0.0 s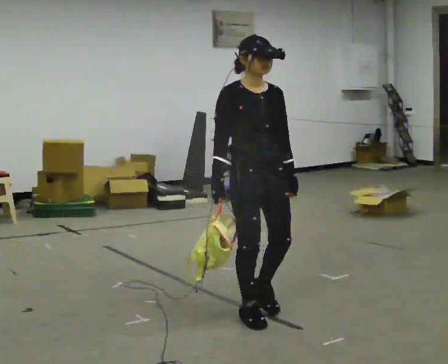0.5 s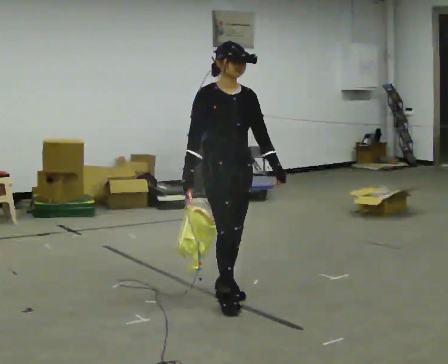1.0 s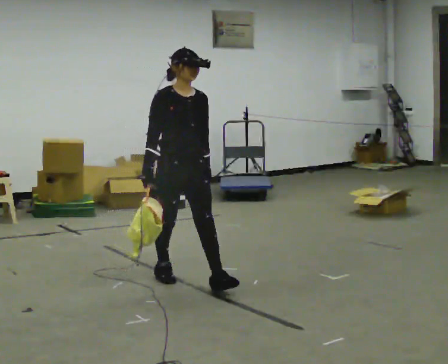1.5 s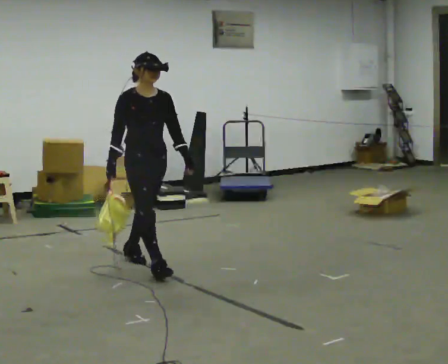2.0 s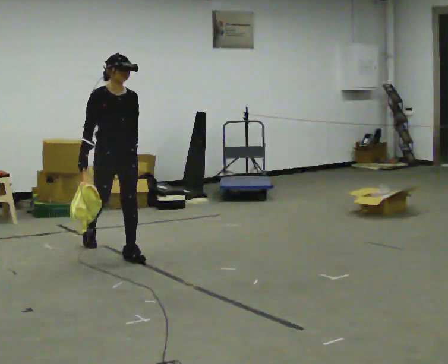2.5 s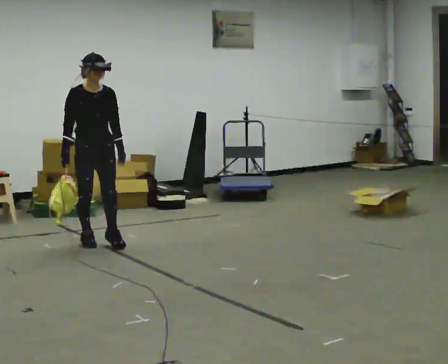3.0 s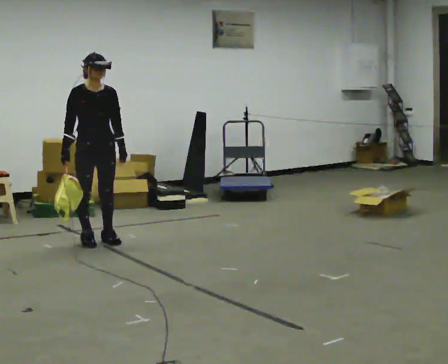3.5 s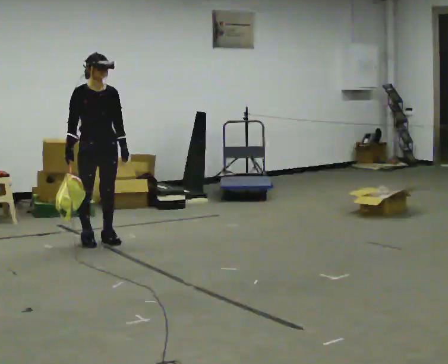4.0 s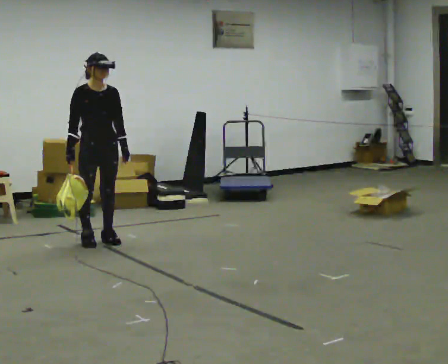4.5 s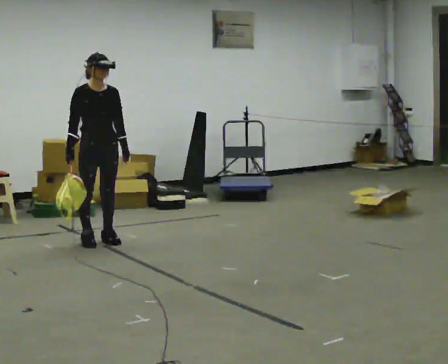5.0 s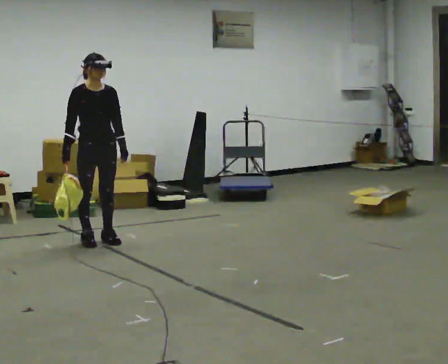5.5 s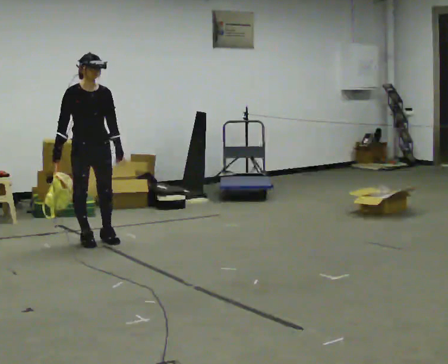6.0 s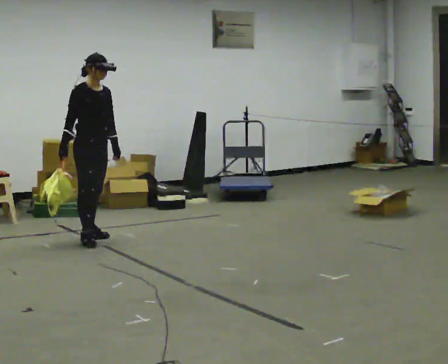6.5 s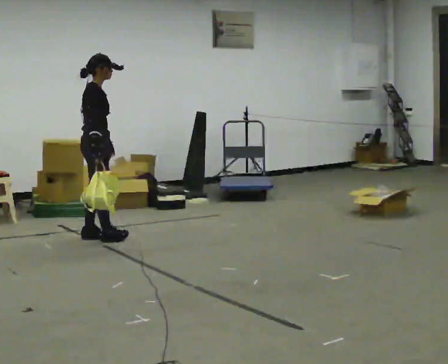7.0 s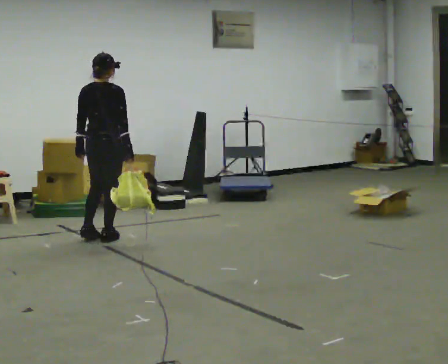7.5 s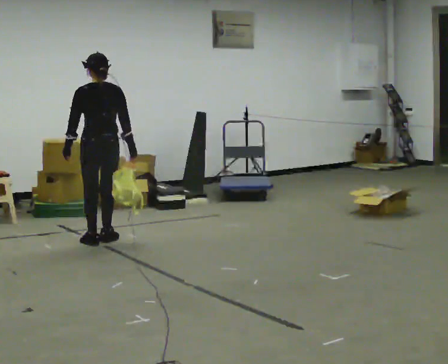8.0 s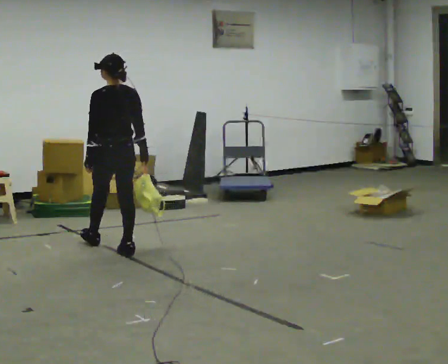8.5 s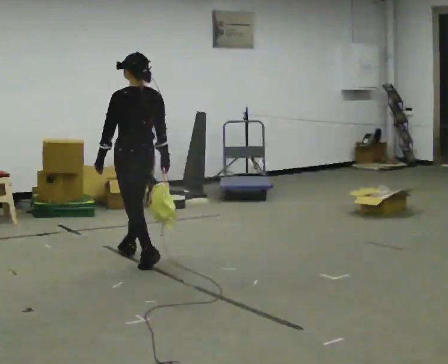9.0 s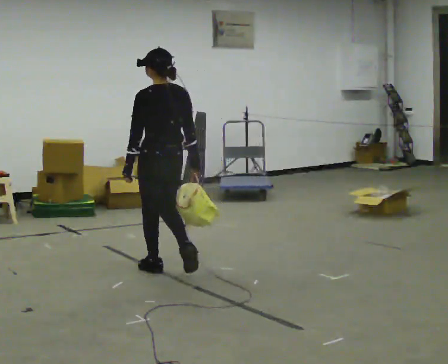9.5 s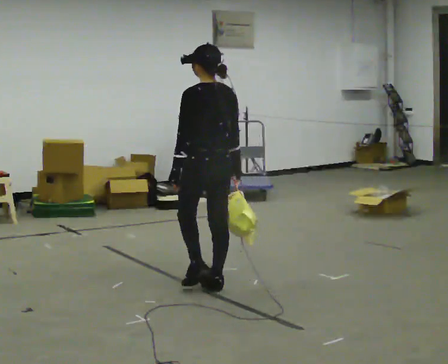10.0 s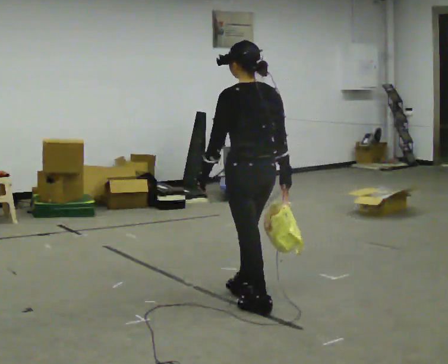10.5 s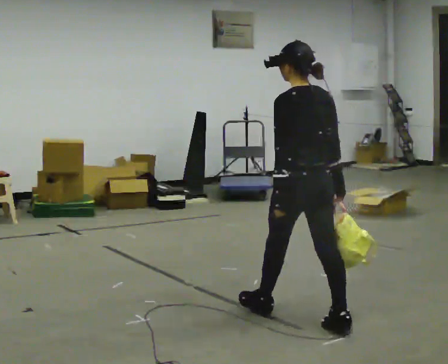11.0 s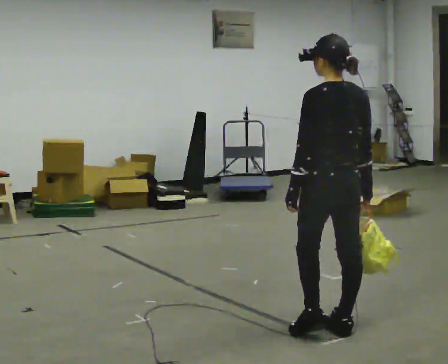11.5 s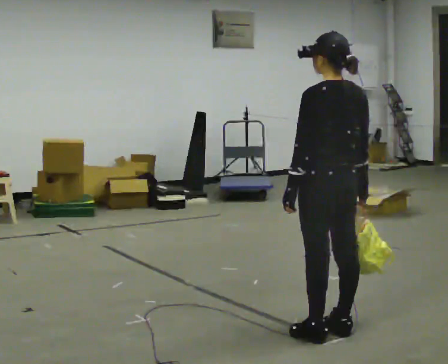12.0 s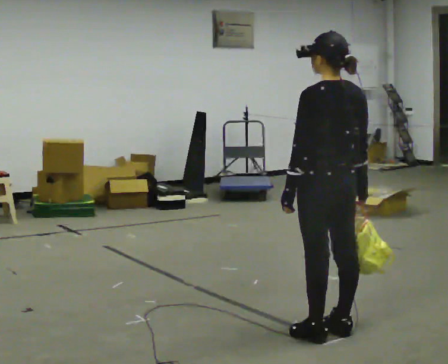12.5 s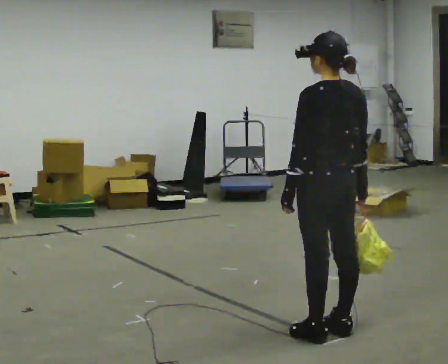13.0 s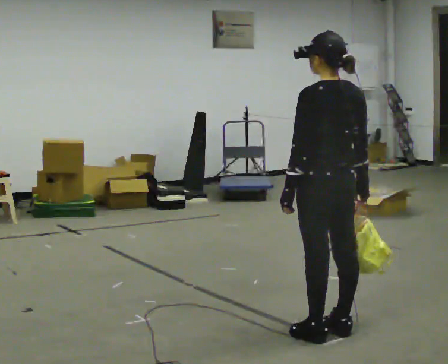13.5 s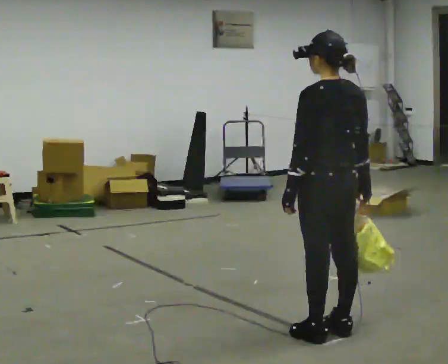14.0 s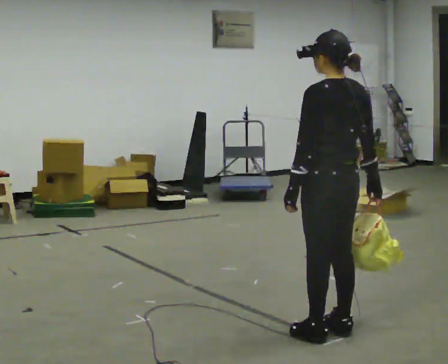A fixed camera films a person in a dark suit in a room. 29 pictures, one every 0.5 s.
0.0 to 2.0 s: In the picture they go away from the camera and to the left, about 1.5 m in 3 steps, which for them is backward.
2.0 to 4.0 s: In the picture they go away from the camera and to the left, about 0.5 m in 1 step, which for them is backward.
4.0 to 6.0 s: The person moves a little, or ends about where they began.
6.0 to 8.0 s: The person turns about 165 degrees to their left, counterclockwise seen from above, so the part of the body nearest the lens slides to the right. In the picture they go toward the camera and to the right, about 0.5 m in 3 steps.
8.0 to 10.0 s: In the picture they go toward the camera and to the right, about 1.5 m in 3 steps, which for them is backward.
10.0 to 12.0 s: In the picture they go toward the camera and to the right, about 0.75 m in 1 step, which for them is backward.
12.0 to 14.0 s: The person moves a little, or ends about where they began.
The film runs backward here.
